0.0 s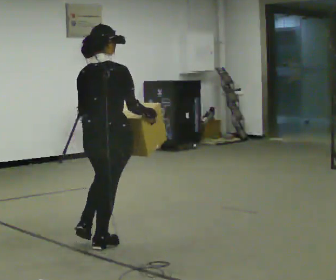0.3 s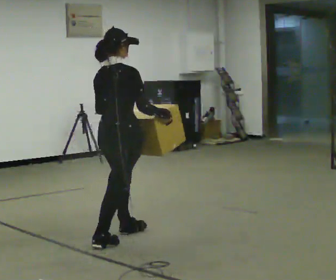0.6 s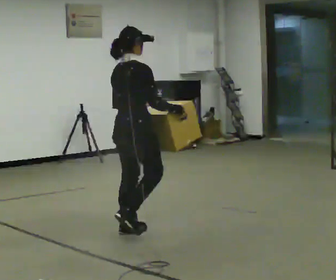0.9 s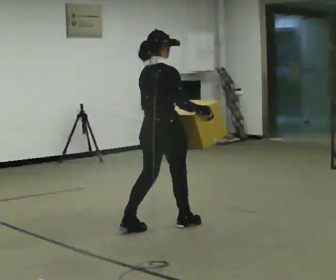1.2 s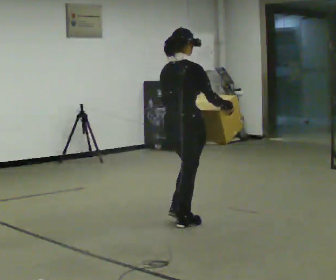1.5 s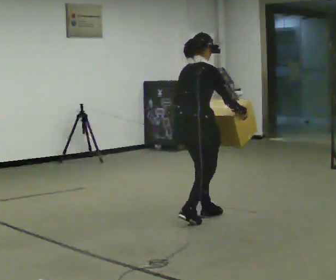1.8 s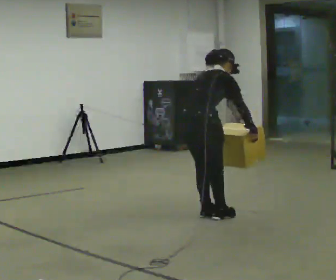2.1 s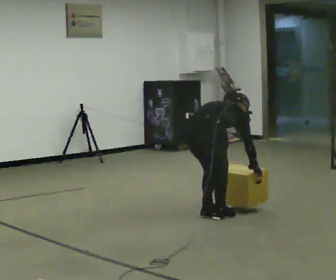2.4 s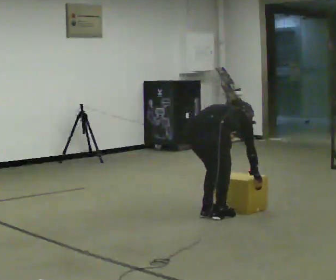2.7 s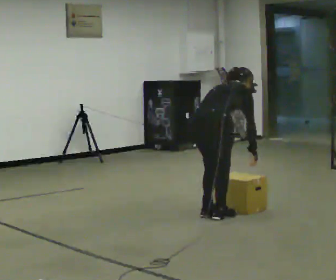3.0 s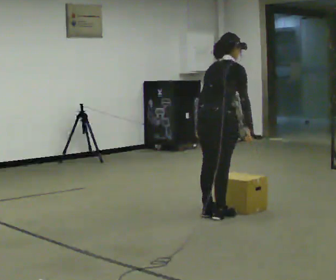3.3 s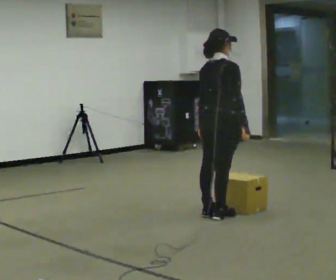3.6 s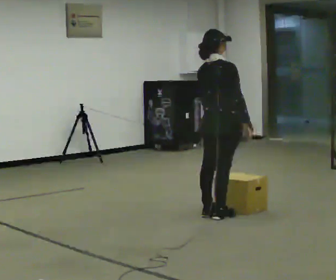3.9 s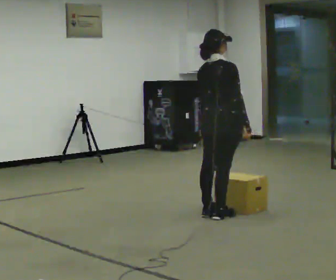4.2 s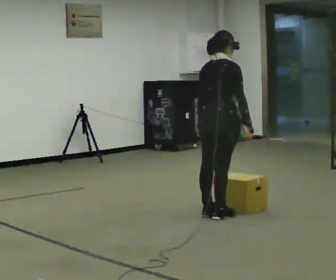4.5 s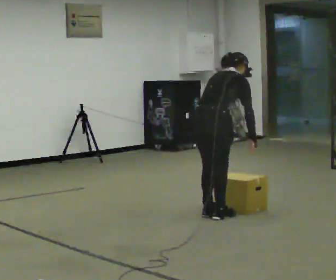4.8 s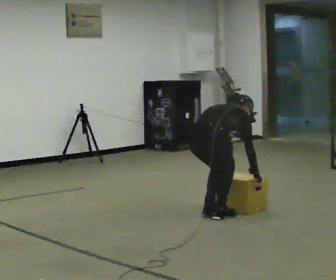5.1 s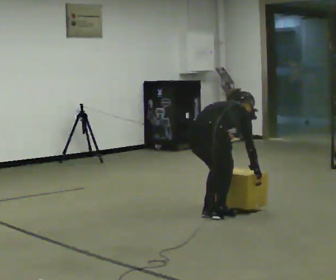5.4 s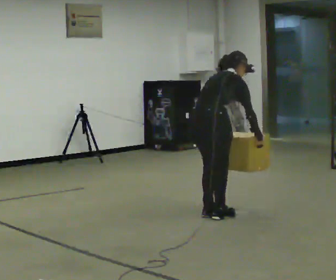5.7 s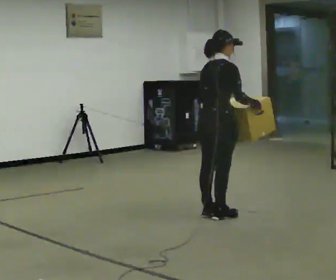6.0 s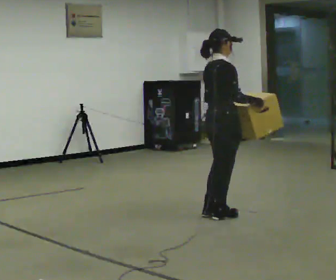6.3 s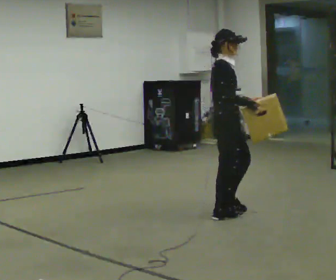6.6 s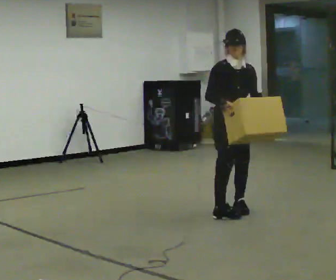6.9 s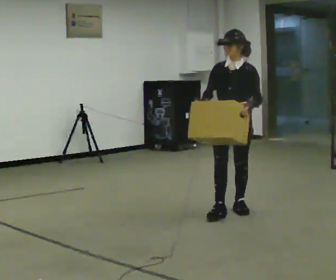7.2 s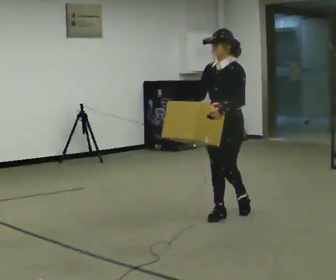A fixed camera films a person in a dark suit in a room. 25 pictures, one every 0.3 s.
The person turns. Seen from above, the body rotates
clockwise.
The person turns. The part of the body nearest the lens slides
to the left.
0.0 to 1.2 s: In the picture they go away from the camera and to the right, about 1 m in 2 steps, which for them is forward.
1.2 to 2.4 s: In the picture they go to the right, about 0.25 m in 2 steps, which for them is forward. The upper body goes downward. The upper body tips away from the camera, its near side rolling upward, as they bend forward. In the picture their right hand goes downward.
2.4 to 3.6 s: In the picture they go away from the camera, about 0.25 m, which for them is forward. The shoulders move upward. The upper body tips toward the camera, its near side rolling downward, as they lean back or straighten. In the picture their right hand goes upward.
3.6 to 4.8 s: The upper body goes downward. The upper body tips away from the camera, its near side rolling upward, as they bend forward. In the picture their right hand goes downward.
4.8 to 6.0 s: Seen from above the body turns clockwise, about 30 degrees: to their right, with its near side sliding to the left. The shoulders move upward. The upper body tips toward the camera, its near side rolling downward, as they lean back or straighten. In the picture their left hand goes upward.
6.0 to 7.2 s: Seen from above the body turns clockwise, about 150 degrees: to their right, with its near side sliding to the left. In the picture their right hand goes to the left.
The film runs forward here.
